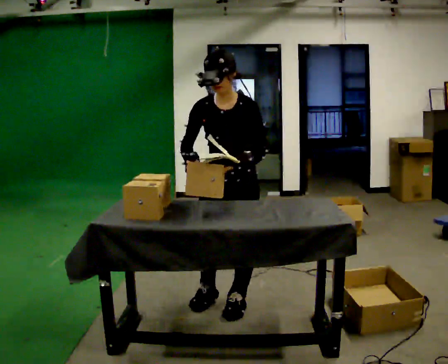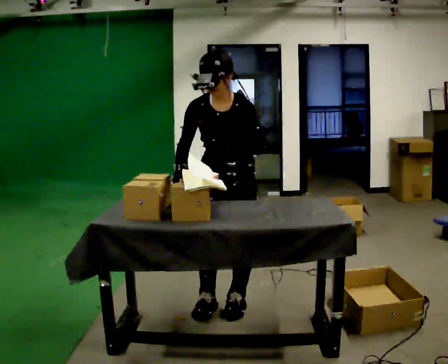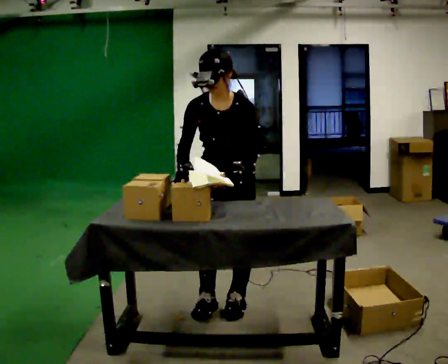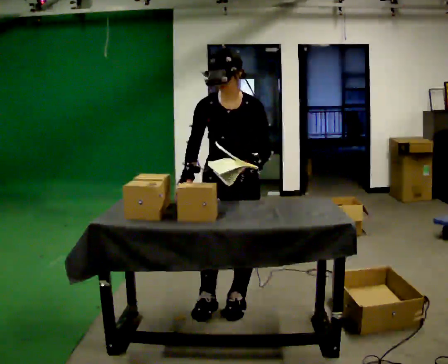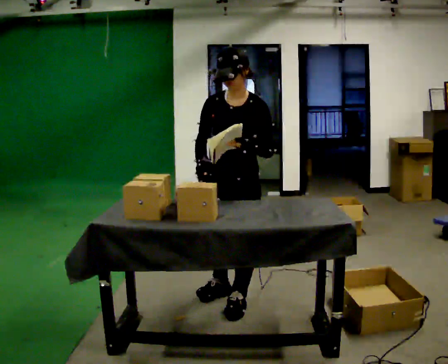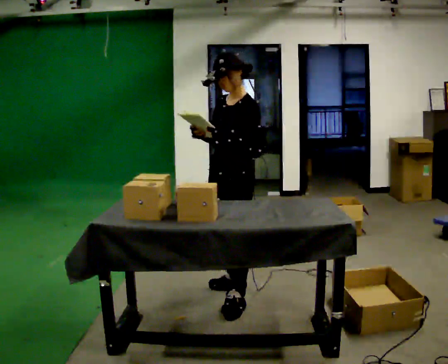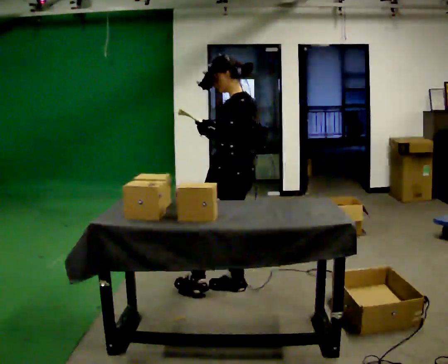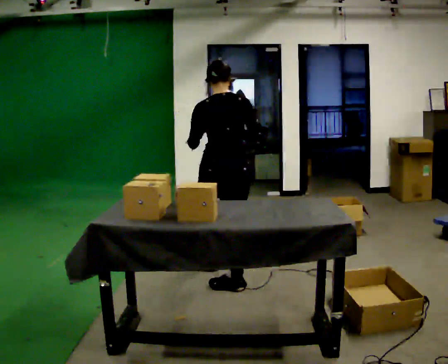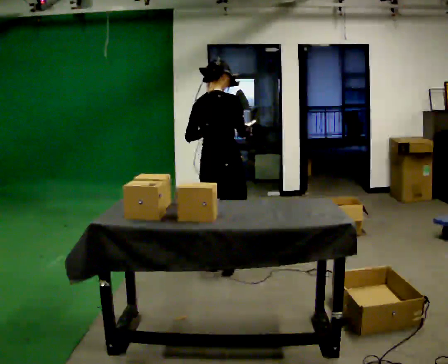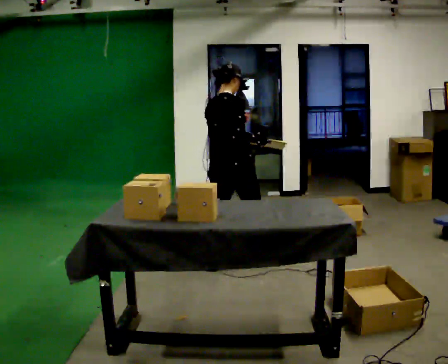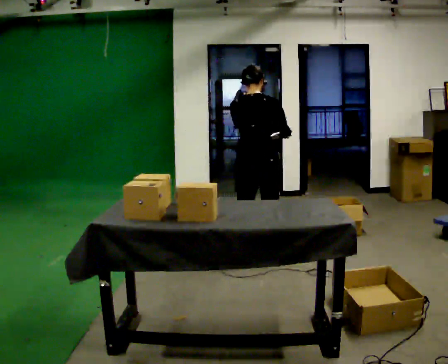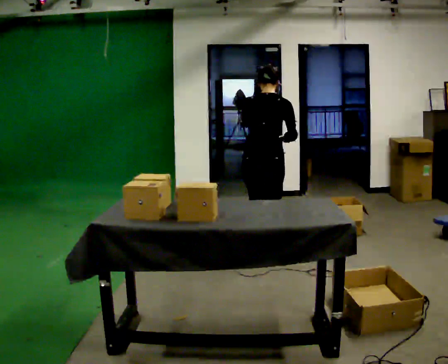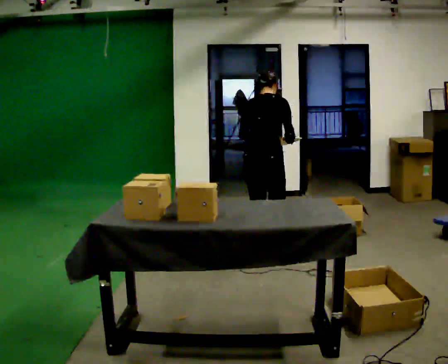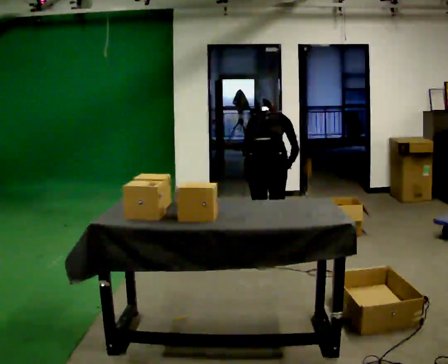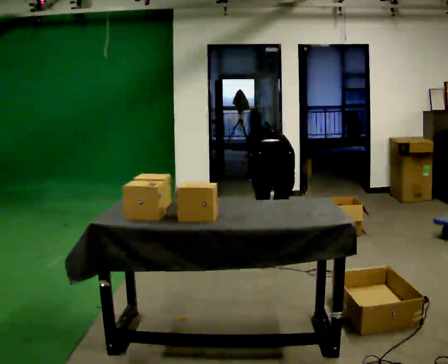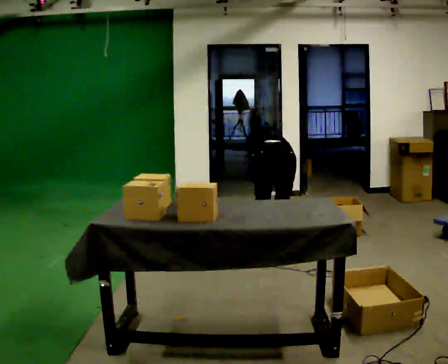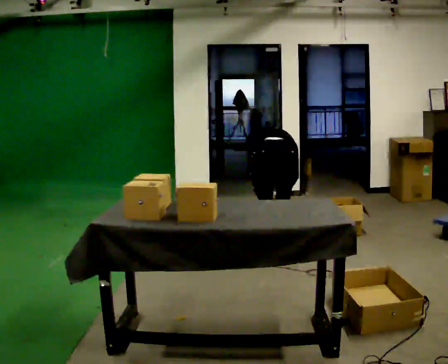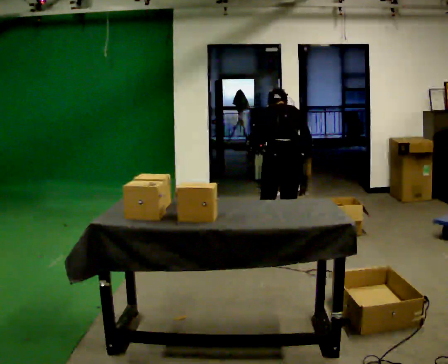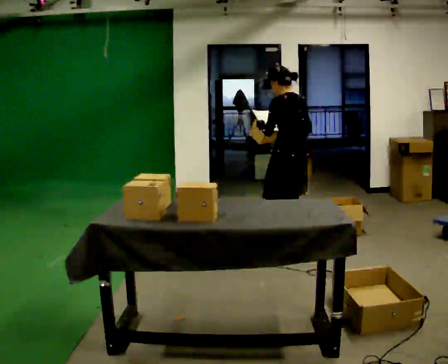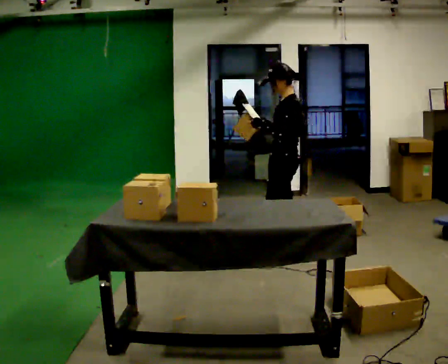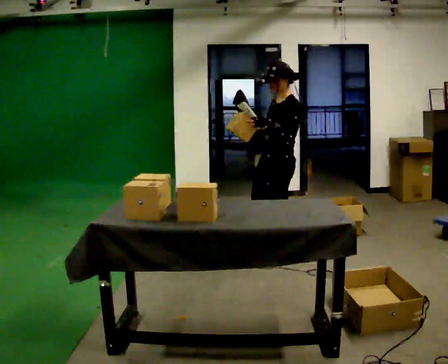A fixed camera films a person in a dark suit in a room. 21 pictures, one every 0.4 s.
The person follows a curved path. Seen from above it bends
clockwise.
0.0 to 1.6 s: The person moves a little, or ends about where they began.
1.6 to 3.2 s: Seen from above the body turns clockwise, about 195 degrees: to their right, with its near side sliding to the left. In the picture they go away from the camera, about 0.5 m in 2 steps.
3.2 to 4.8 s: In the picture they go away from the camera and to the right, about 0.5 m in 2 steps, which for them is forward and to their right.
4.8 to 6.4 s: Seen from above the body turns counterclockwise, about 30 degrees: to their left, with its near side sliding to the right. The upper body tips away from the camera, its near side rolling upward, as they bend forward. In the picture their left hand goes downward.
6.4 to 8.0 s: Seen from above the body turns counterclockwise, about 105 degrees: to their left, with its near side sliding to the right. The shoulders move upward. The upper body tips toward the camera, its near side rolling downward, as they lean back or straighten. In the picture their right hand goes upward.
The film runs forward here.
